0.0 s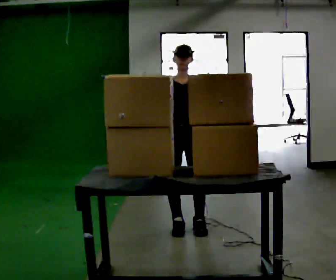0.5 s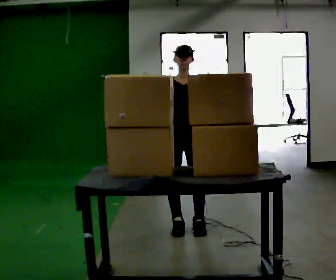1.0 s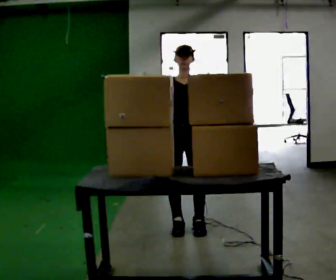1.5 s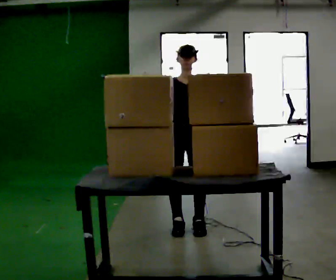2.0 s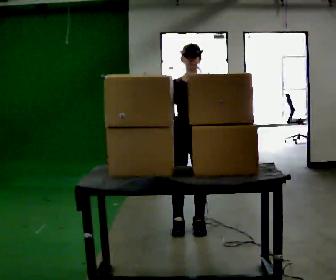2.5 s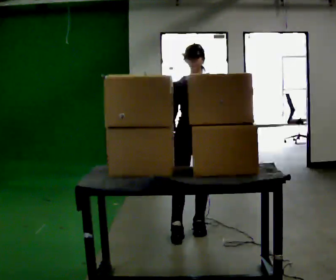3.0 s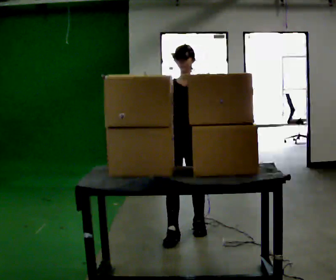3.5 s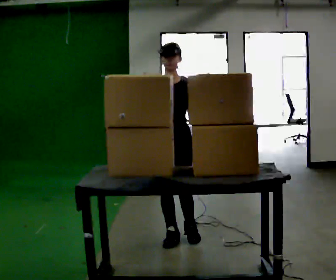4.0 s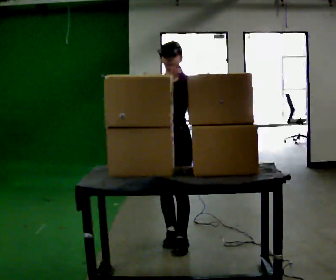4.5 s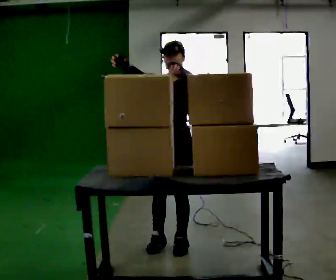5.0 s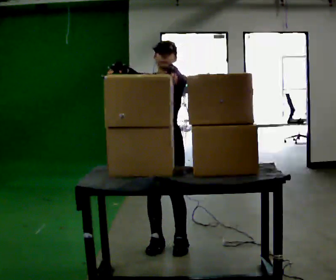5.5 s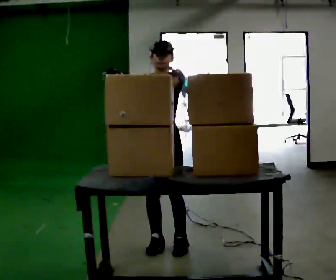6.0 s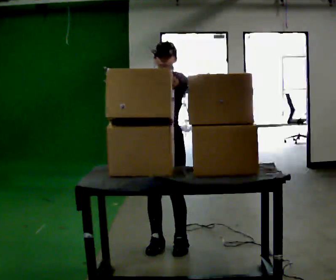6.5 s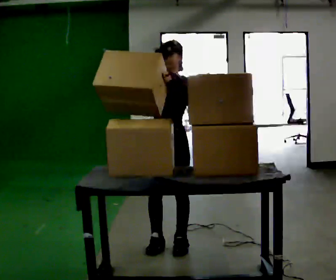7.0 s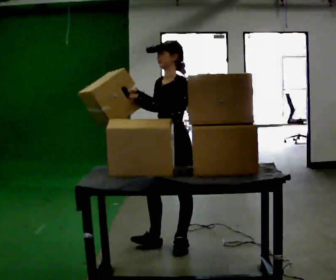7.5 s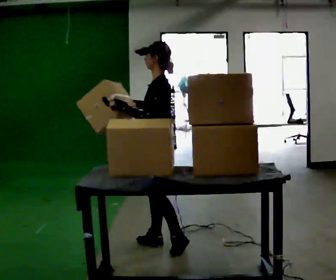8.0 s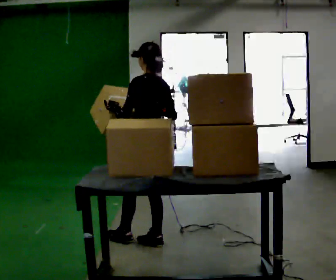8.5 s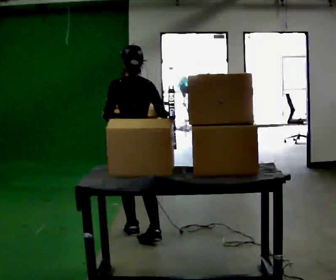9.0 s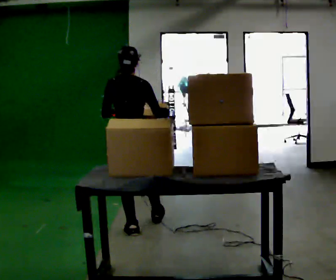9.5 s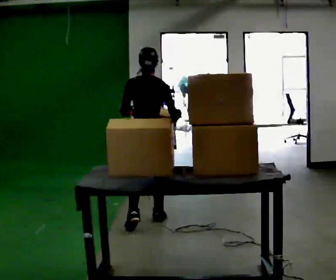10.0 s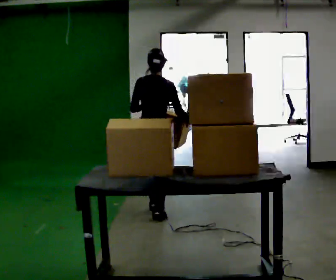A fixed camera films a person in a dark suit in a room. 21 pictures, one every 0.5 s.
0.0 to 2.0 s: The person moves a little, or ends about where they began.
2.0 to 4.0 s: In the picture they go toward the camera and to the left, about 0.5 m in 2 steps, which for them is forward. In the picture their left hand goes upward.
4.0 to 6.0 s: The person moves a little, or ends about where they began.
6.0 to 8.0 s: Seen from above the body turns clockwise, about 120 degrees: to their right, with its near side sliding to the left. In the picture their right hand goes to the right.
8.0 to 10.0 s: Seen from above the body turns clockwise, about 75 degrees: to their right, with its near side sliding to the left. In the picture they go away from the camera, about 1 m in 2 steps.
The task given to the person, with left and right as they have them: Take an object off the waist-height shelf, carry it across the room, and set it down on the floor. Keep going until the operator says stop; one object at a time, and do not rush between trips.
The film runs forward here.
